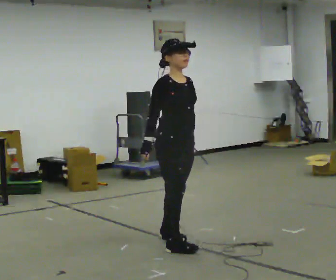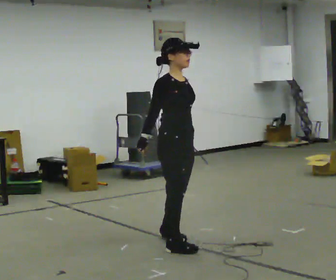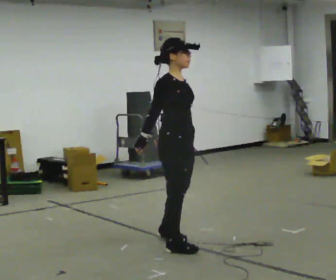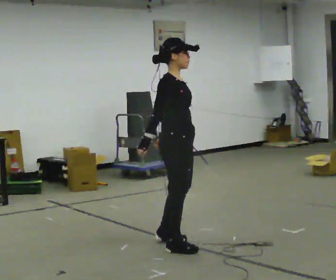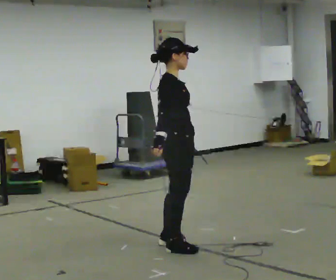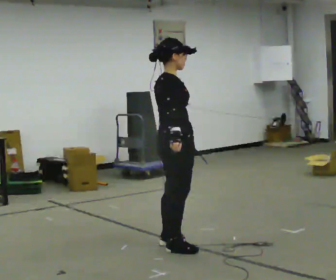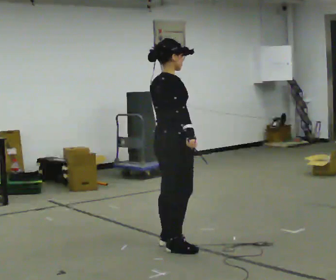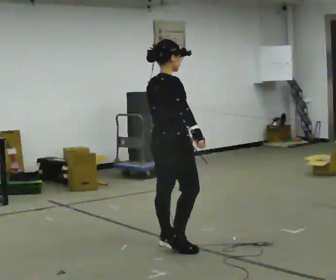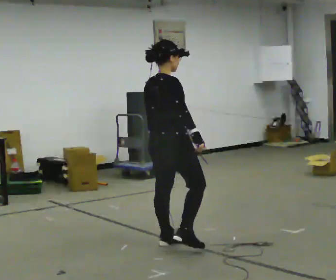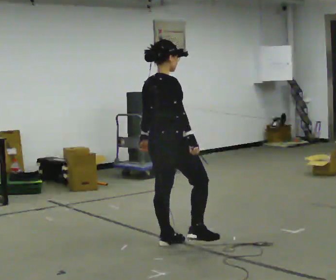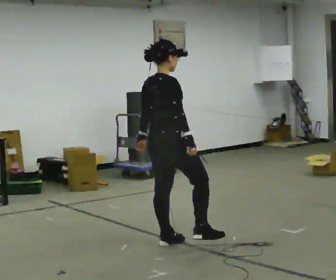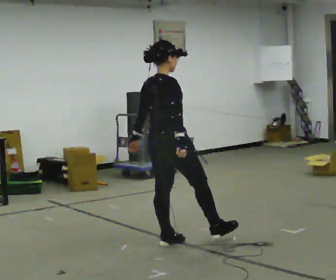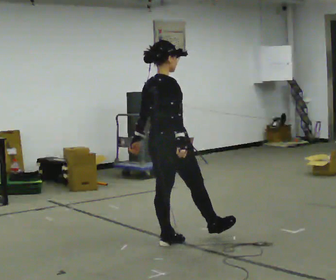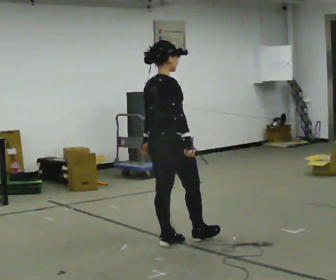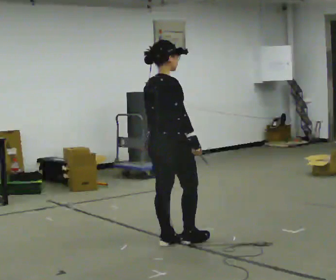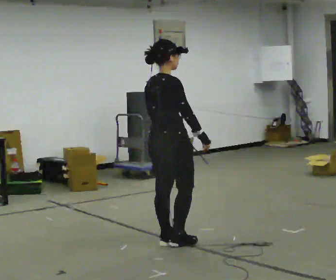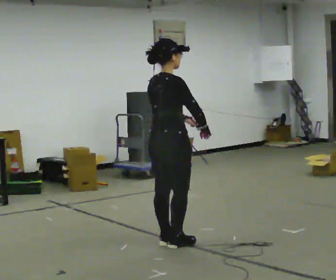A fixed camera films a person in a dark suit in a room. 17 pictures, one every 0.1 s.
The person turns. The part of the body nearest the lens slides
to the right.
The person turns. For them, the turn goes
to their left.
0.0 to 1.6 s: The part of the body nearest the lens slides to the right as the person turns to their left by about 75 degrees. In the picture their right hand goes to the right, the arm swinging counterclockwise.
The film runs forward here.
